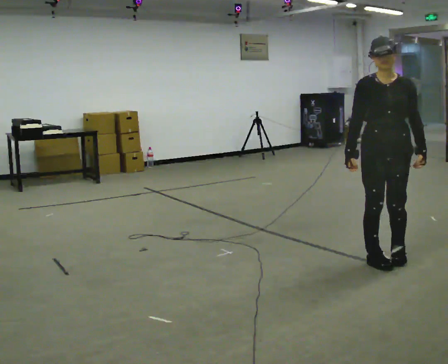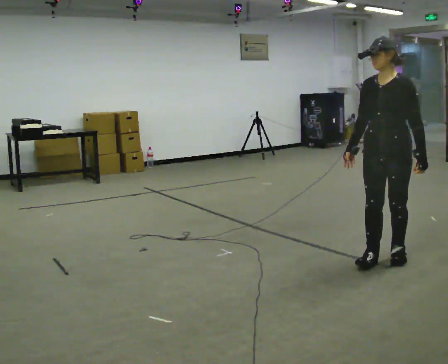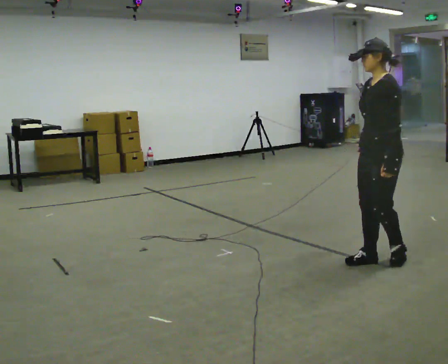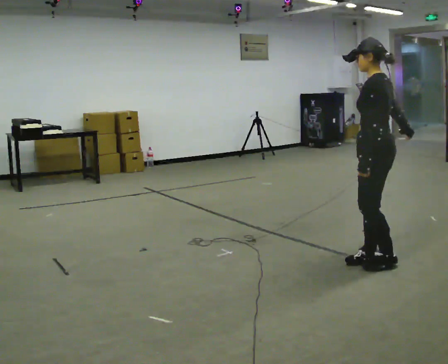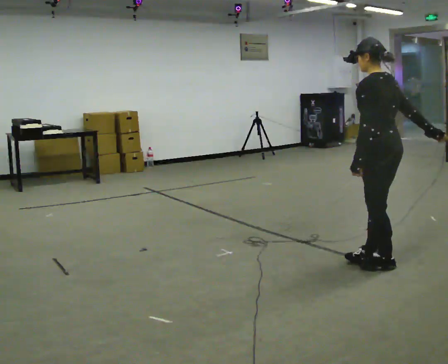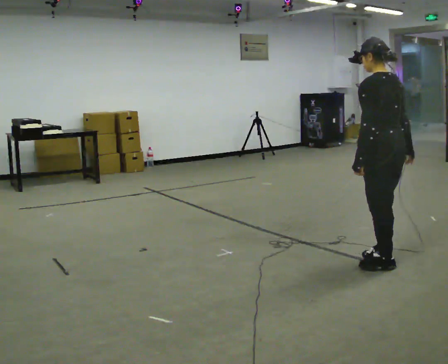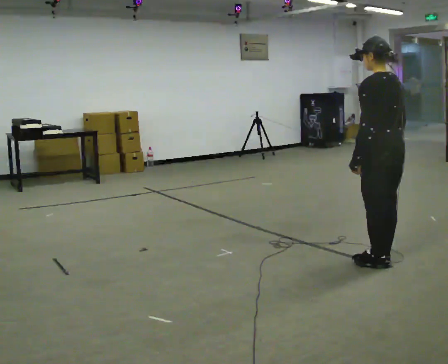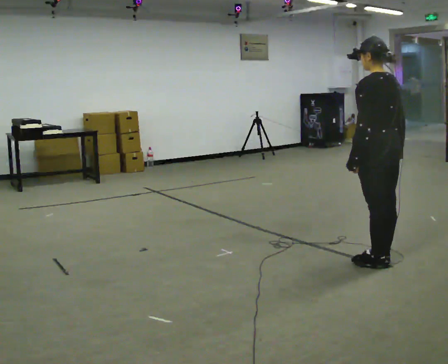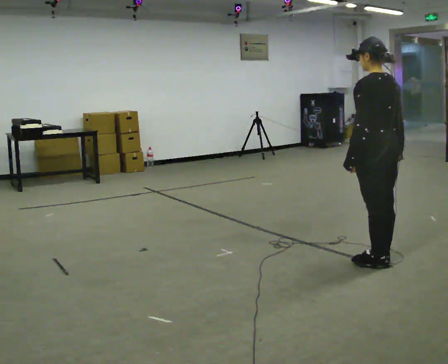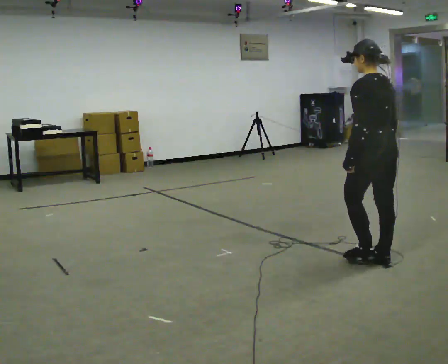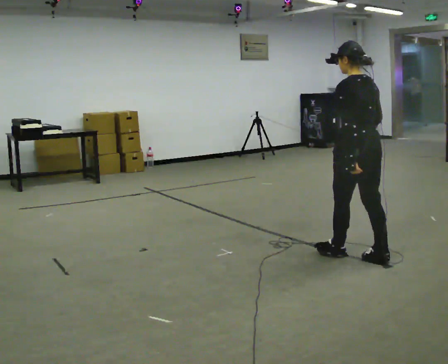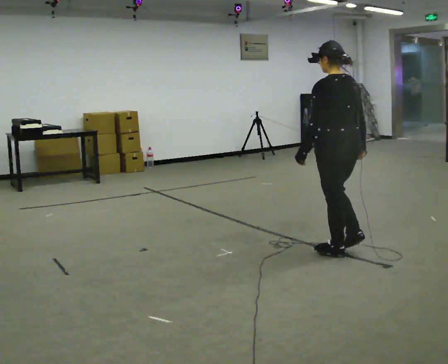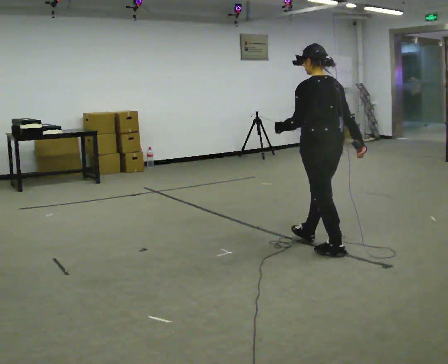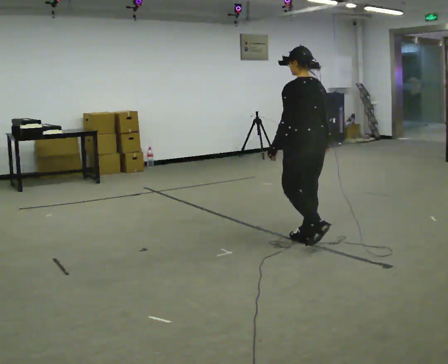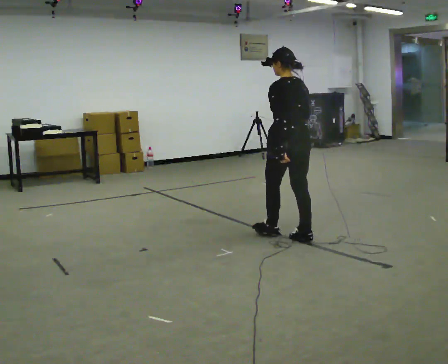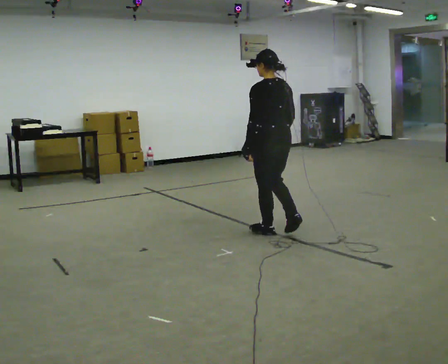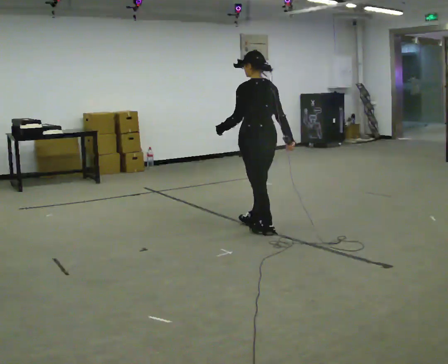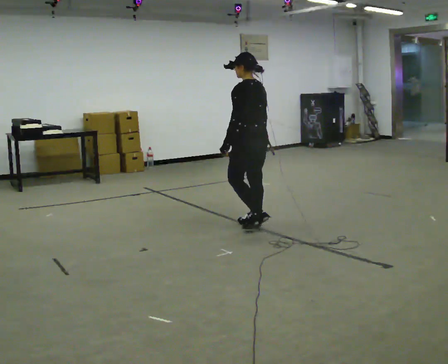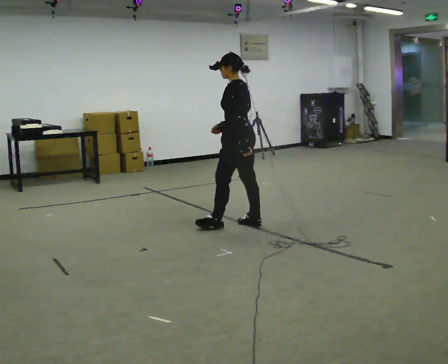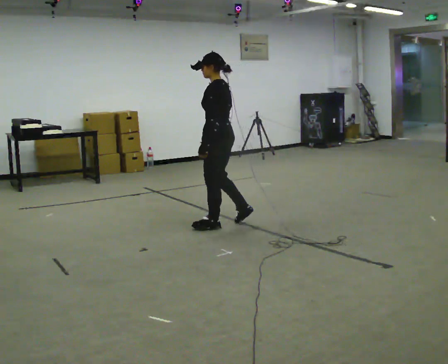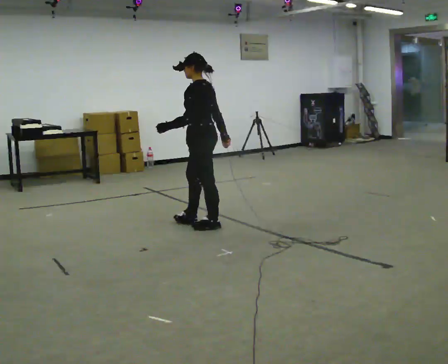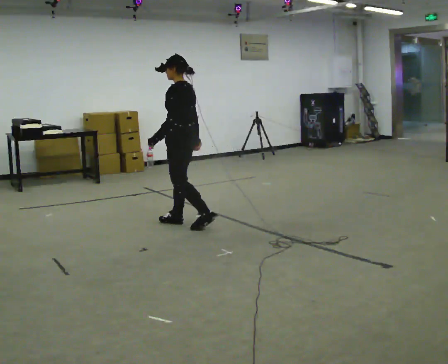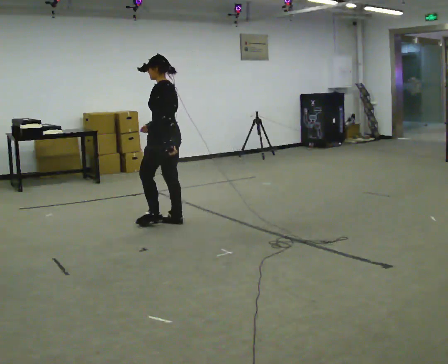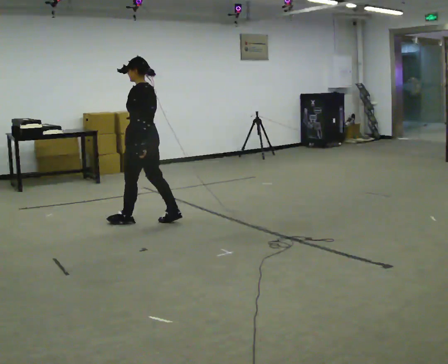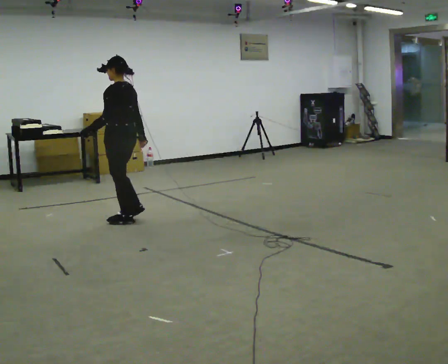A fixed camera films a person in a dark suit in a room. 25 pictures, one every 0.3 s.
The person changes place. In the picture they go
to the left.
0.0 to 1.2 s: Seen from above the body turns clockwise, about 120 degrees: to their right, with its near side sliding to the left. In the picture their right hand goes to the right, the arm swinging counterclockwise.
1.2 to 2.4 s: The person moves a little, or ends about where they began.
2.4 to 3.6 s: In the picture they go to the left and away from the camera, about 0.5 m in 2 steps, which for them is forward.
3.6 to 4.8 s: In the picture they go away from the camera and to the left, about 1 m in 2 steps, which for them is forward.
4.8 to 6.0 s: The part of the body nearest the lens slides to the right as the person turns to their left by about 30 degrees. In the picture they go to the left, about 0.5 m in 1 step, which for them is forward.
6.0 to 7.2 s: In the picture they go to the left, about 1 m in 2 steps, which for them is forward.
The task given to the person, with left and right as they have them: Walk straight; at marker turn ~45° while continuing to walk; continue straight.
The film runs forward here.
